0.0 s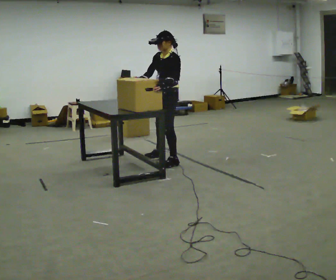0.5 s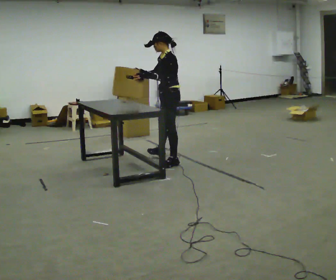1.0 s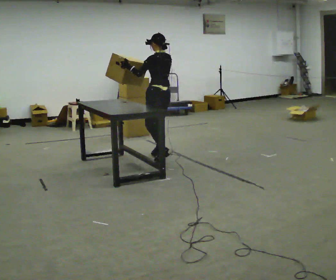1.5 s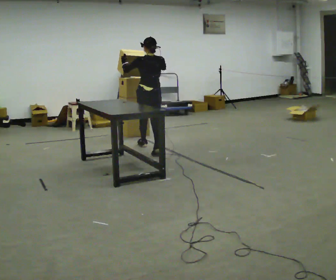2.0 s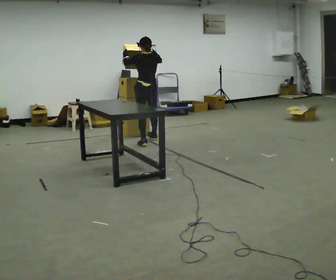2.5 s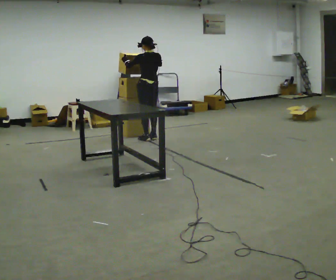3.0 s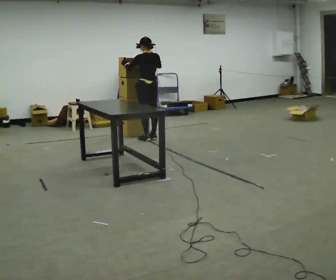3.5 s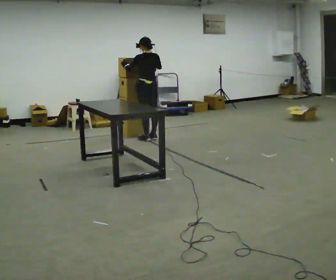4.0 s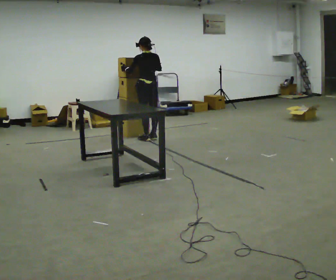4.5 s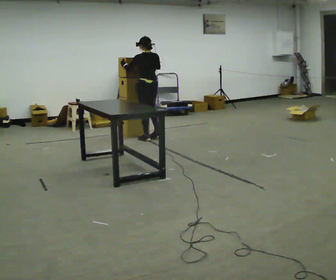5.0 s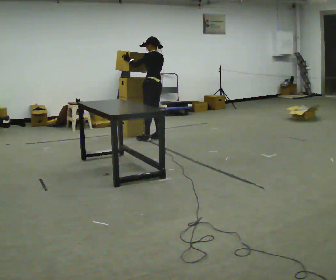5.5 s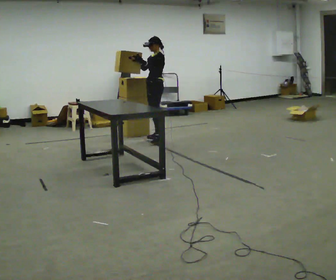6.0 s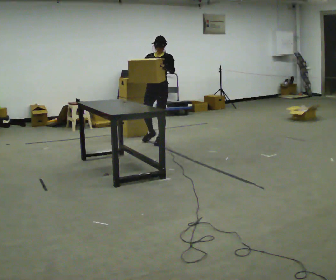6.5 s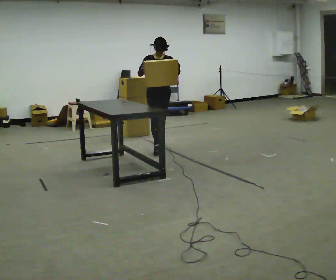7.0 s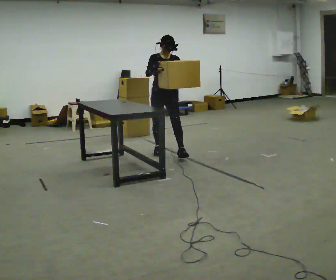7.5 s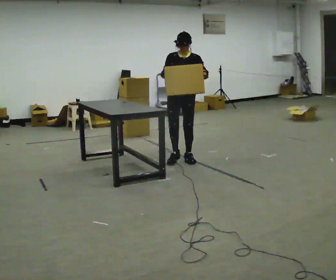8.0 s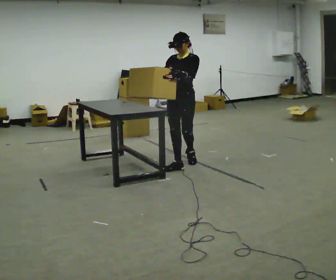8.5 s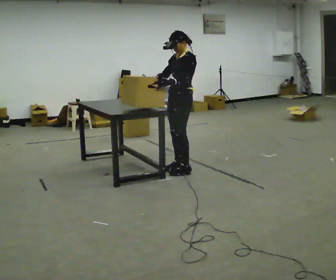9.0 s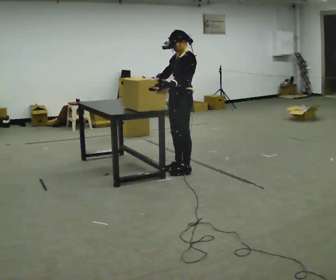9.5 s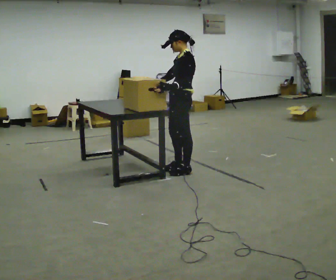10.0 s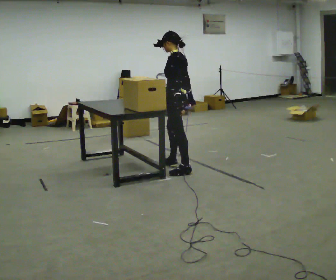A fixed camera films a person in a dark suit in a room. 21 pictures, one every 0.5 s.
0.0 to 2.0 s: Seen from above the body turns clockwise, about 105 degrees: to their right, with its near side sliding to the left. In the picture they go away from the camera, about 1 m in 1 step.
2.0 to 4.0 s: In the picture they go away from the camera, about 0.25 m in 2 steps, which for them is forward and to their right.
4.0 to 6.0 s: The part of the body nearest the lens slides to the right as the person turns to their left by about 135 degrees. In the picture they go toward the camera and to the right, about 0.25 m in 1 step.
6.0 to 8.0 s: In the picture they go toward the camera, about 1 m in 3 steps, which for them is forward.
8.0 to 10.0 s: Seen from above the body turns clockwise, about 75 degrees: to their right, with its near side sliding to the left. In the picture their right hand goes to the right, the arm swinging counterclockwise.
The film runs forward here.
